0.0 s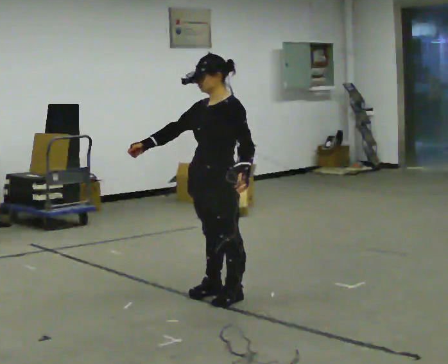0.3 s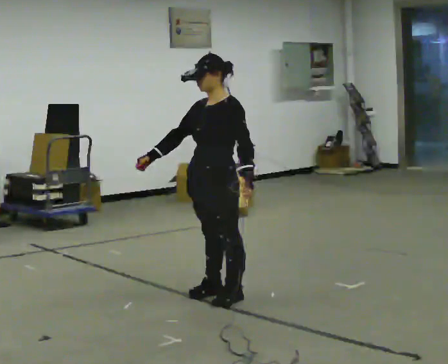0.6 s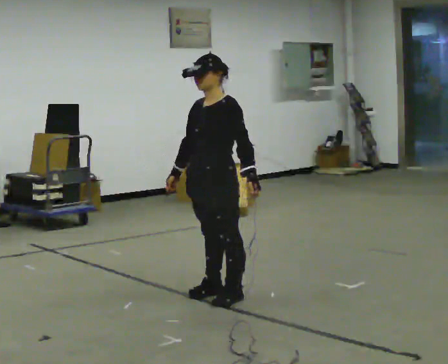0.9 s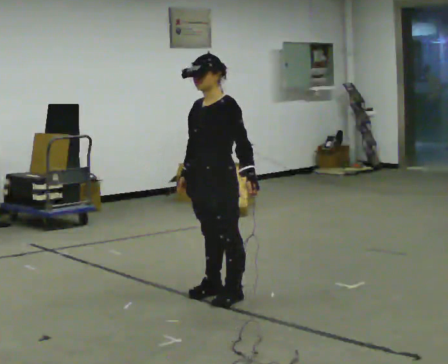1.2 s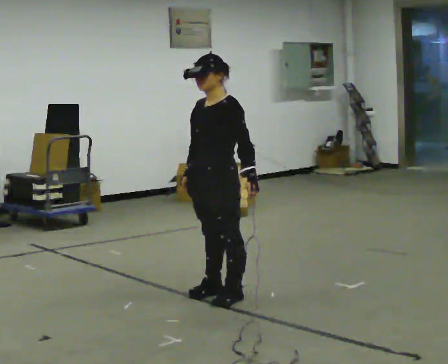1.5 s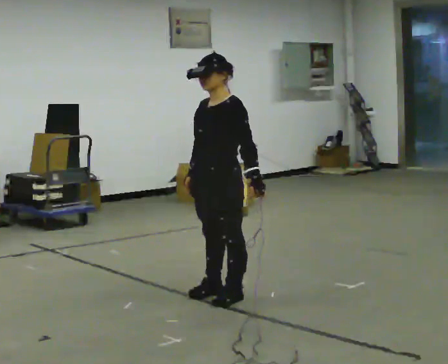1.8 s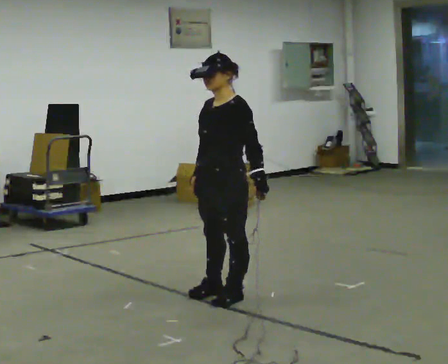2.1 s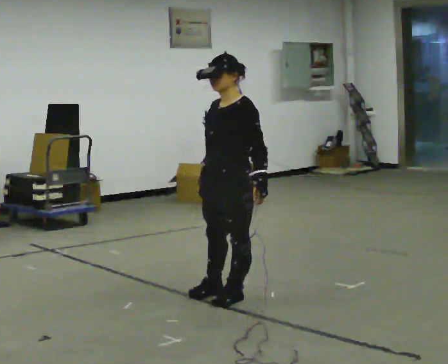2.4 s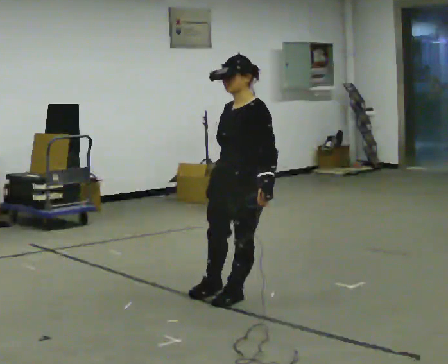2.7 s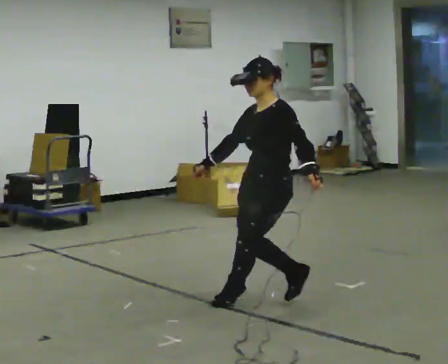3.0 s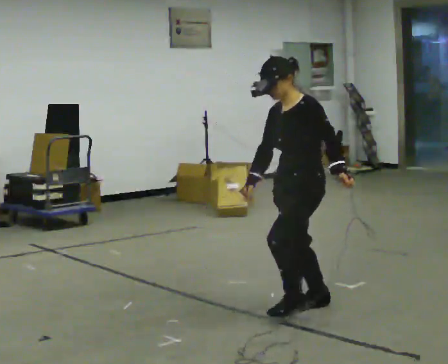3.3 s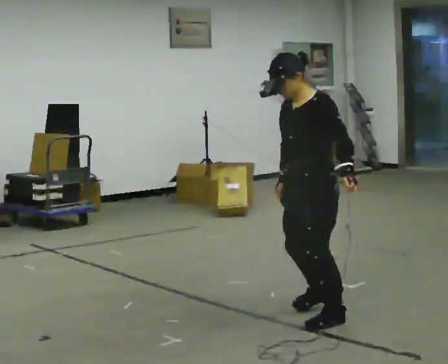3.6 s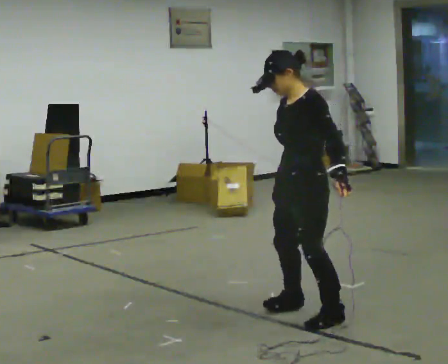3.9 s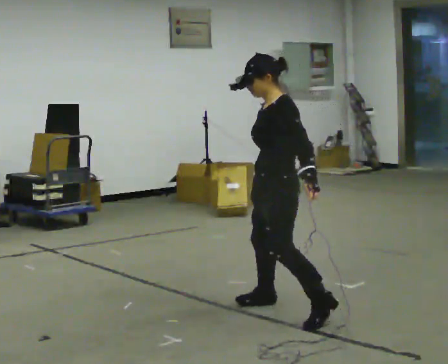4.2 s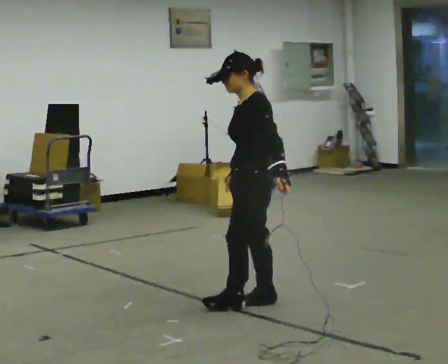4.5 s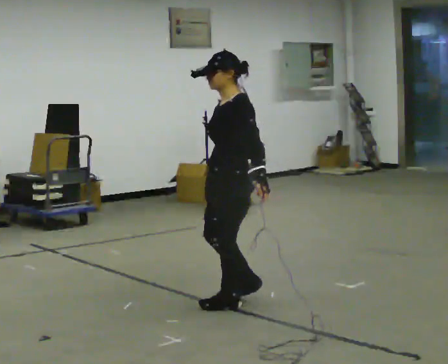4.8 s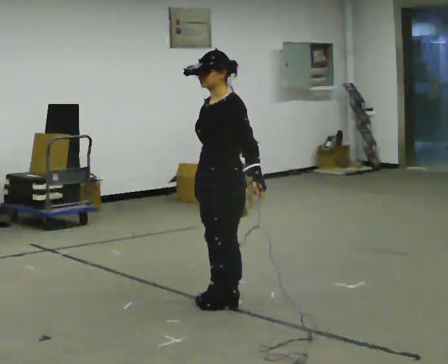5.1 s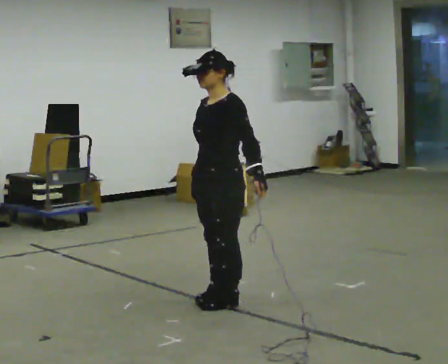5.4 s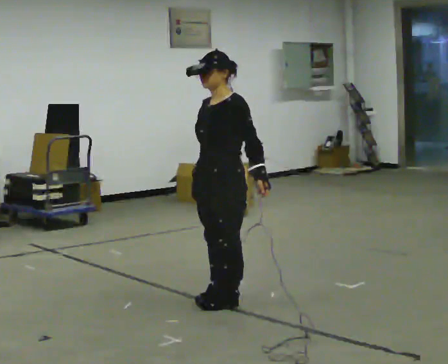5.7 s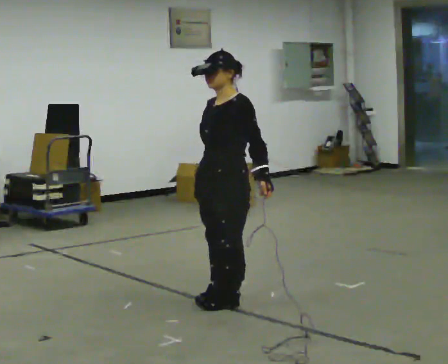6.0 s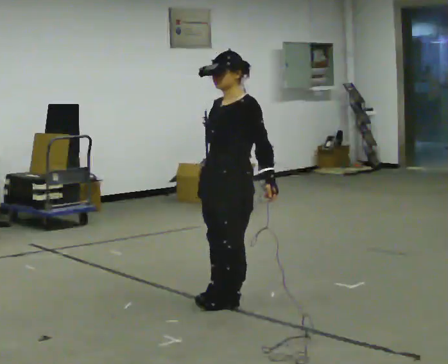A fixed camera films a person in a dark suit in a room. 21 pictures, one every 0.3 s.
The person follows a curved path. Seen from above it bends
clockwise.
0.0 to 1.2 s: The person moves a little, or ends about where they began.
1.2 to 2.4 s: In the picture they go to the right, about 0.25 m, which for them is to their left.
2.4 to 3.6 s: In the picture they go to the right and toward the camera, about 0.5 m in 2 steps, which for them is to their left.
3.6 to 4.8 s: In the picture they go to the left and away from the camera, about 0.5 m in 3 steps, which for them is forward and to their right.
4.8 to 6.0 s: The person moves a little, or ends about where they began.
The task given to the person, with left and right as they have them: Stand on the marked spots. Lean to the side the operator calls until you cannot hold it, then step to catch yourself. Return to the spots. Repeat at your own pace until the operator says stop. Go slowly and only as far as you are comfortable. Step whenever you need to; do not try to hold on longer than feels safe.
The film runs forward here.
